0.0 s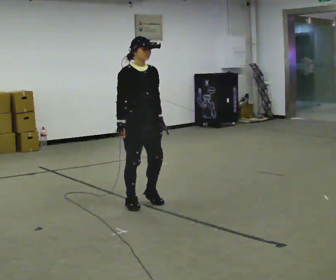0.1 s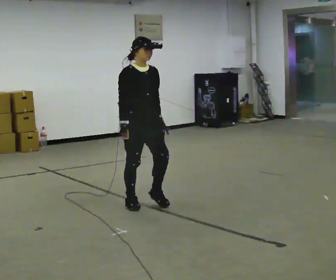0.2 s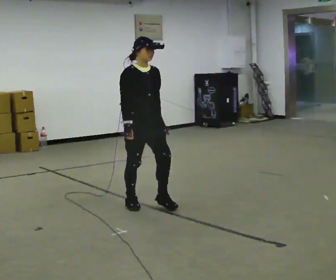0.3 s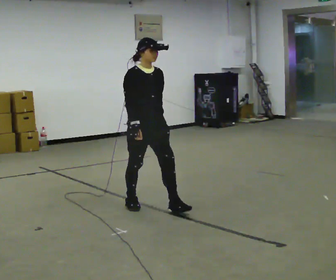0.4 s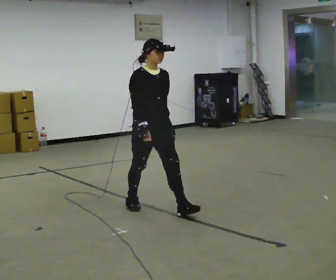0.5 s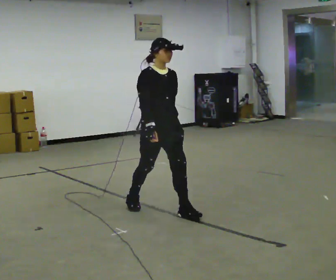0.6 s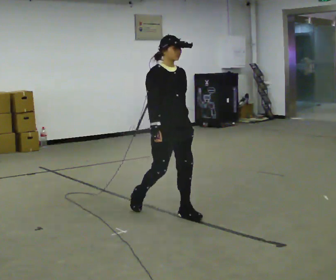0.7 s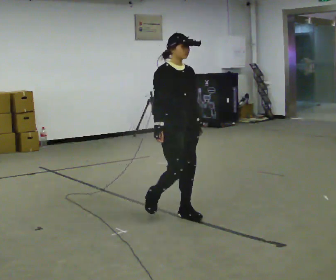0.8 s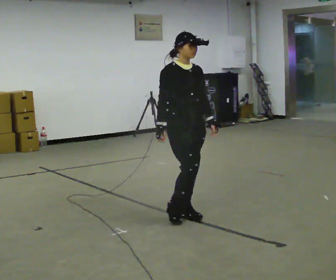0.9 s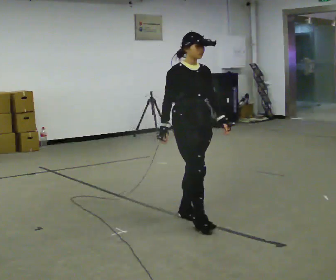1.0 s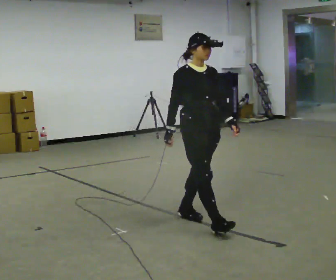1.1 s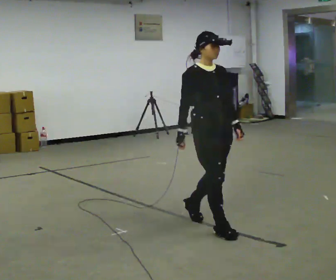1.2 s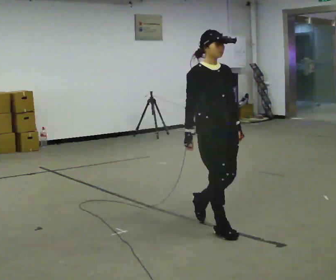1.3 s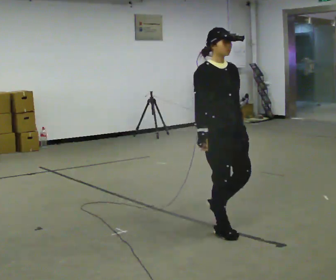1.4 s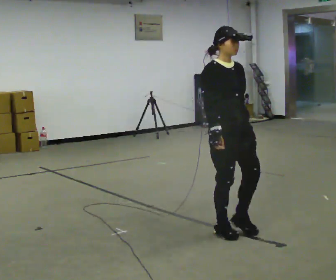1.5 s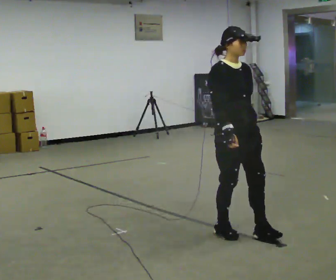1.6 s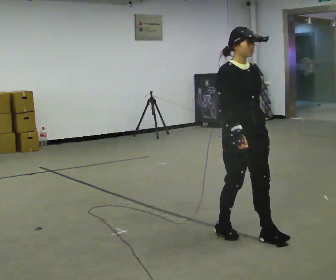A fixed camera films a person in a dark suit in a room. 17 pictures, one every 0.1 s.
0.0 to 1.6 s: In the picture they go toward the camera and to the right, about 1 m in 2 steps, which for them is forward.
The film runs forward here.
